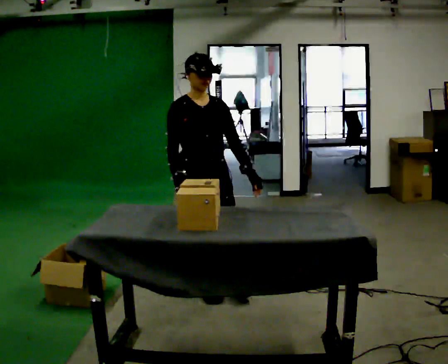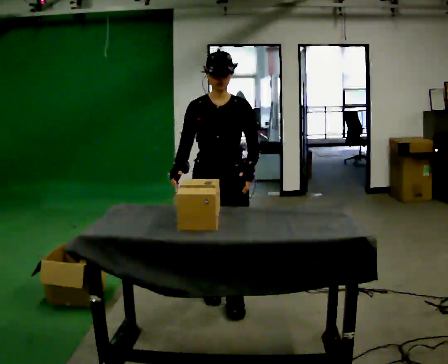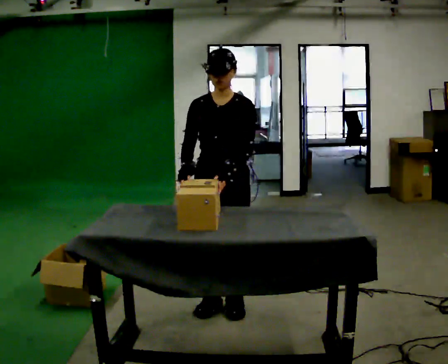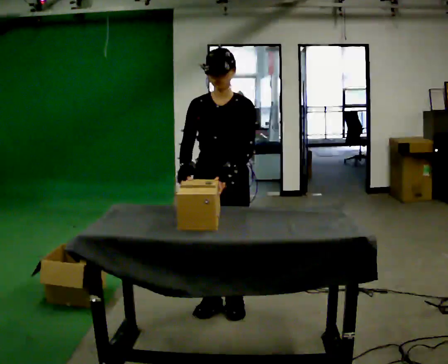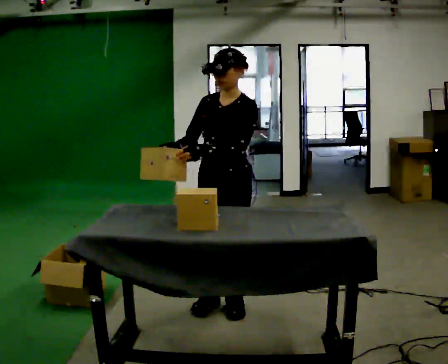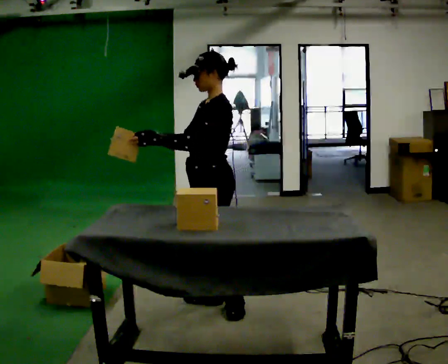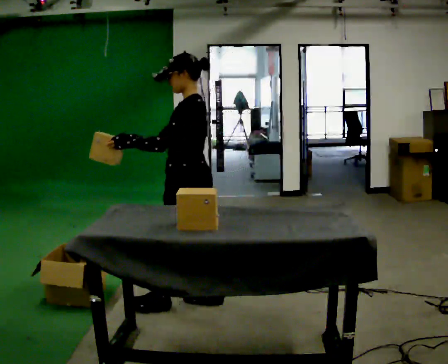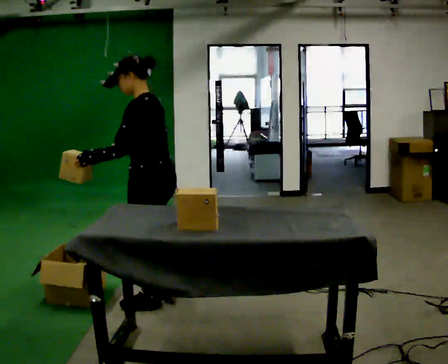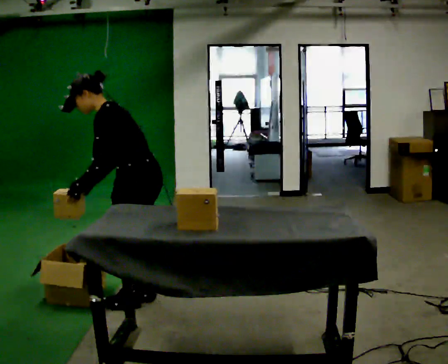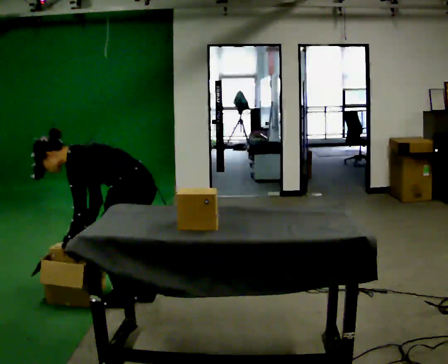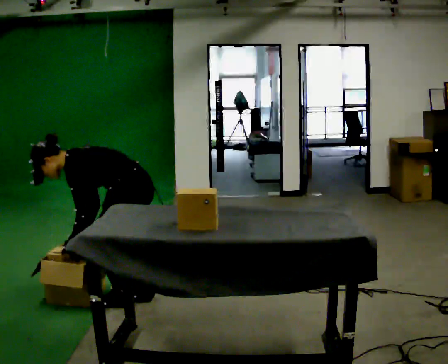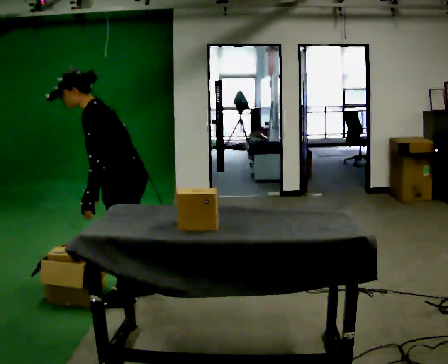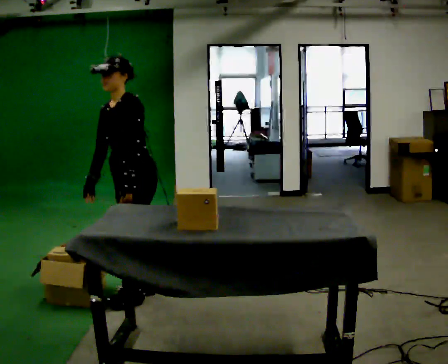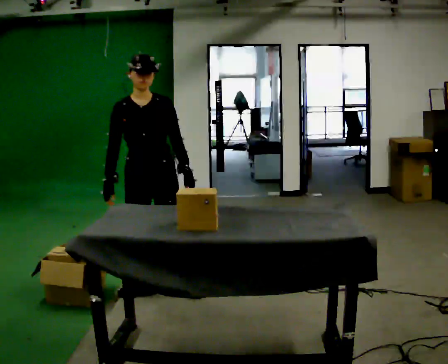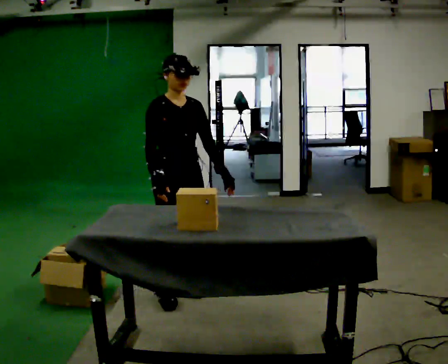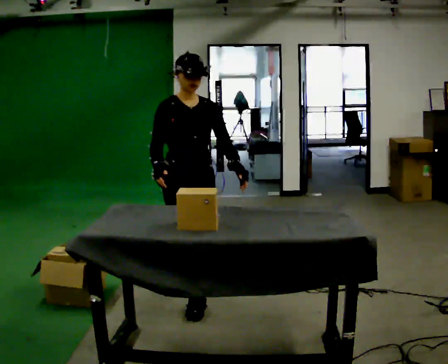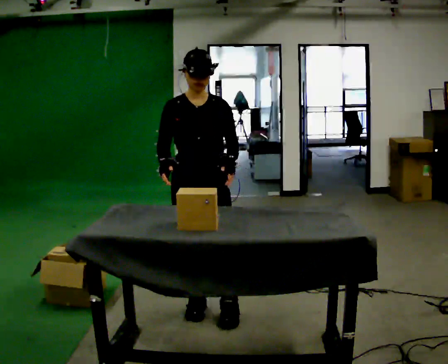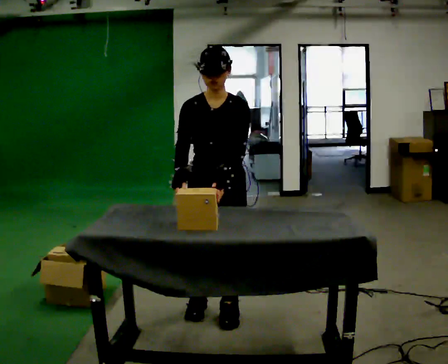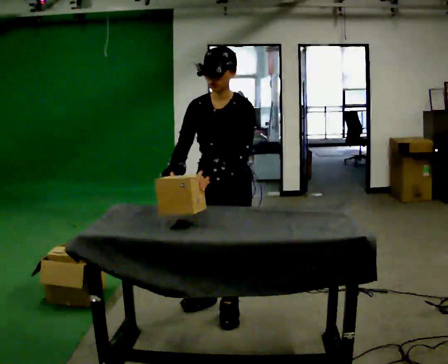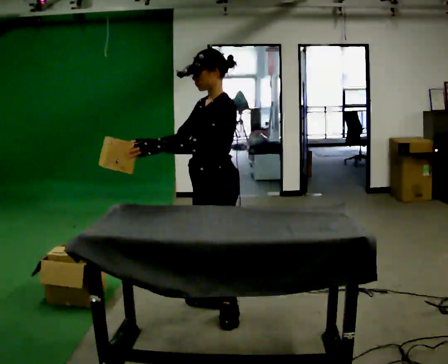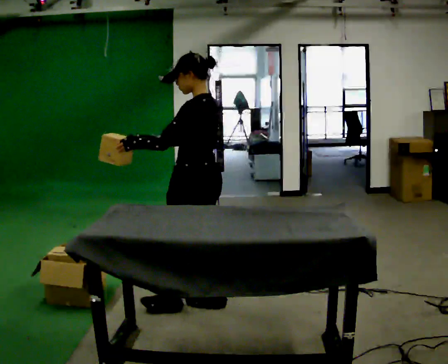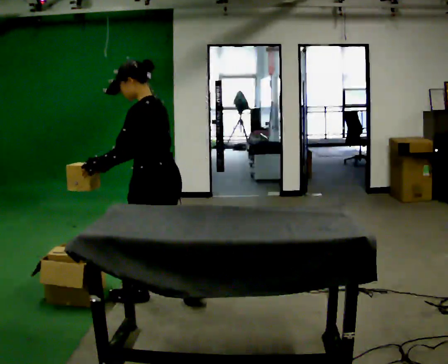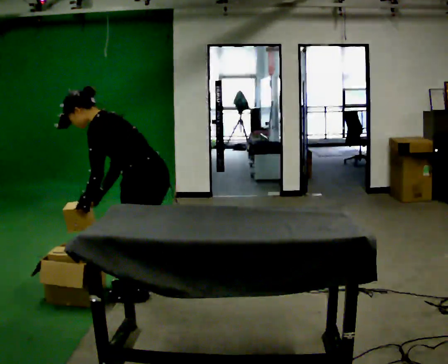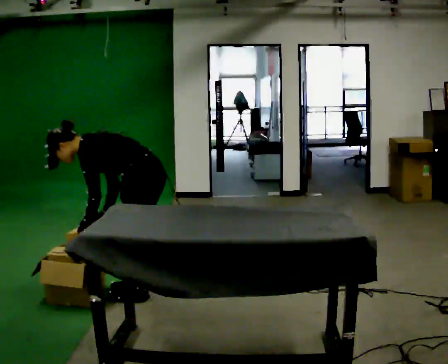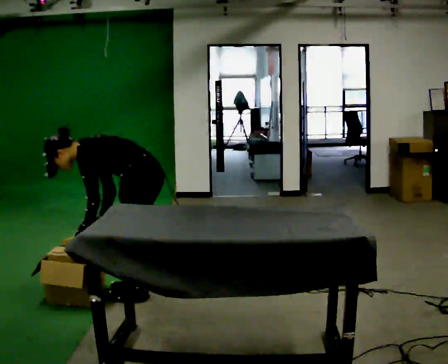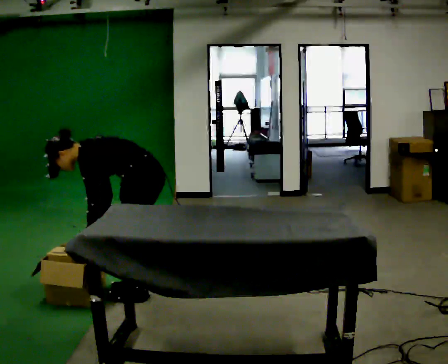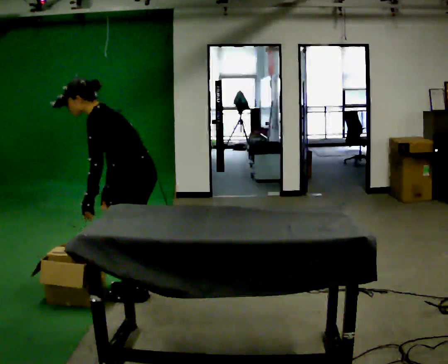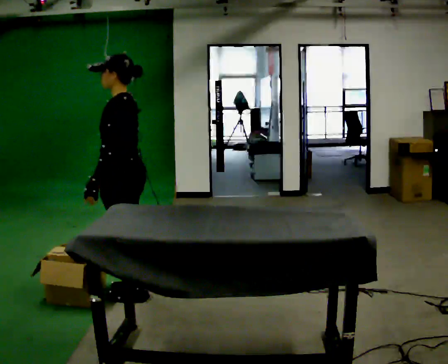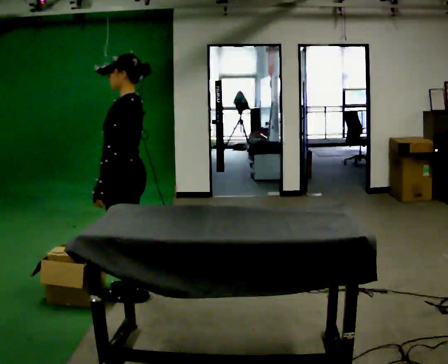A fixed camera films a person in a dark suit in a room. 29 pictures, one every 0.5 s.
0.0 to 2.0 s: Seen from above the body turns clockwise, about 60 degrees: to their right, with its near side sliding to the left. In the picture they go toward the camera and to the right, about 0.25 m in 2 steps, which for them is to their left and forward.
2.0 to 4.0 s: The part of the body nearest the lens slides to the left as the person turns to their right by about 60 degrees. In the picture they go to the left, about 0.5 m in 2 steps. In the picture the upper body tilts counterclockwise, shoulders to the left.
4.0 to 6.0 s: The part of the body nearest the lens slides to the right as the person turns to their left by about 45 degrees. In the picture their left hand goes to the right.
6.0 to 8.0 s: Seen from above the body turns counterclockwise, about 60 degrees: to their left, with its near side sliding to the right. In the picture they go to the right and toward the camera, about 0.5 m in 2 steps. In the picture the upper body tilts clockwise, shoulders to the right.
8.0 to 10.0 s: The part of the body nearest the lens slides to the left as the person turns to their right by about 105 degrees. In the picture their left hand goes to the left.
10.0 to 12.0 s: In the picture they go to the left and away from the camera, about 0.5 m in 2 steps, which for them is forward. The shoulders move downward. In the picture the upper body tilts counterclockwise, shoulders to the left, as they bend forward. In the picture their left hand goes downward, the arm swinging counterclockwise.
12.0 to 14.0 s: The shoulders move upward. In the picture the upper body tilts clockwise, shoulders to the right, as they lean back or straighten. In the picture their left hand goes upward.
The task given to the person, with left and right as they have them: Carry each object across the room and drop it into the container on the floor, then walk back for the next one. Keep going until the operator says stop; one object at a time, and do not rush between trips.
The film runs forward here.
